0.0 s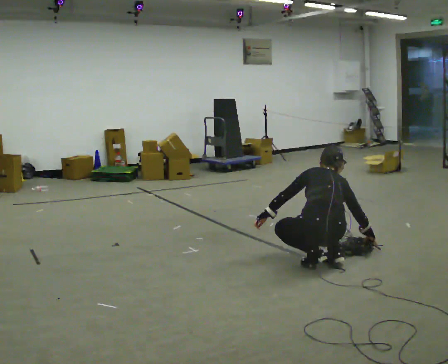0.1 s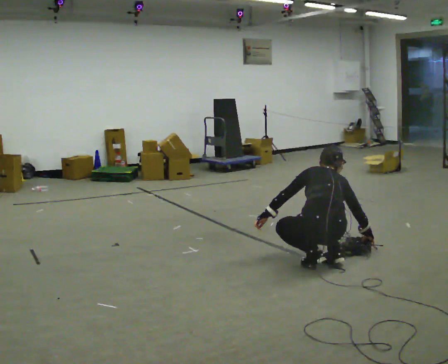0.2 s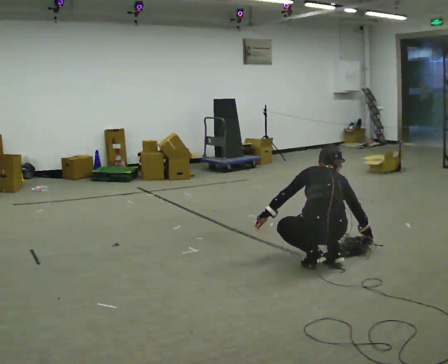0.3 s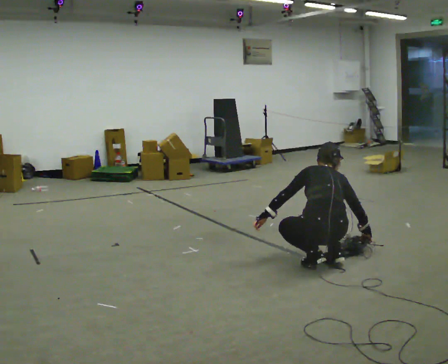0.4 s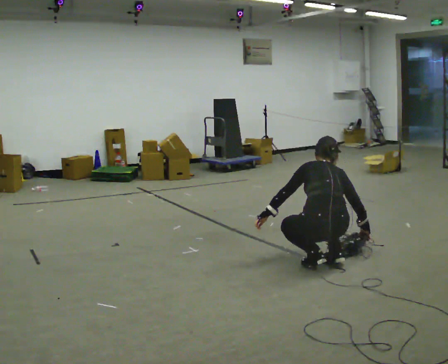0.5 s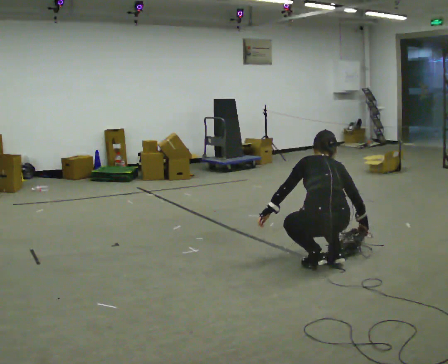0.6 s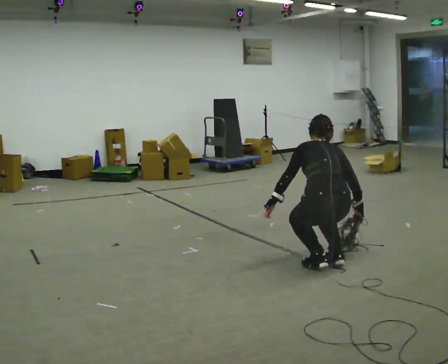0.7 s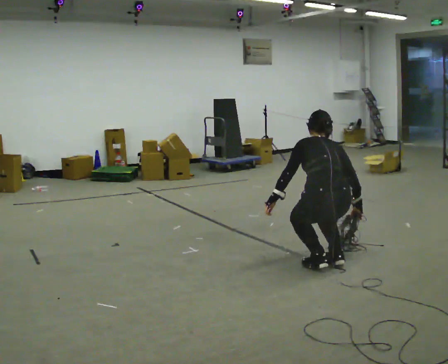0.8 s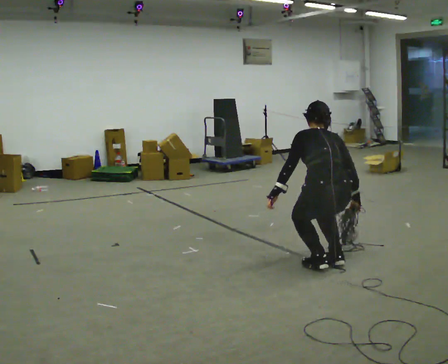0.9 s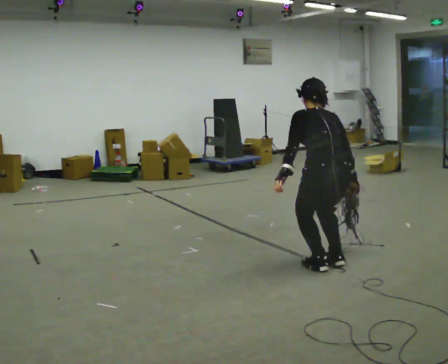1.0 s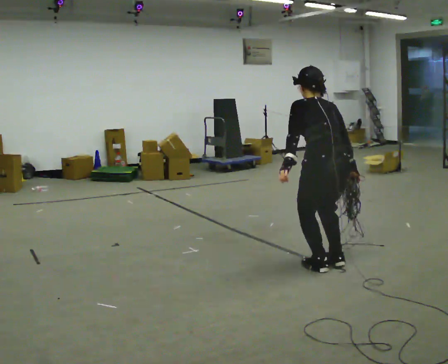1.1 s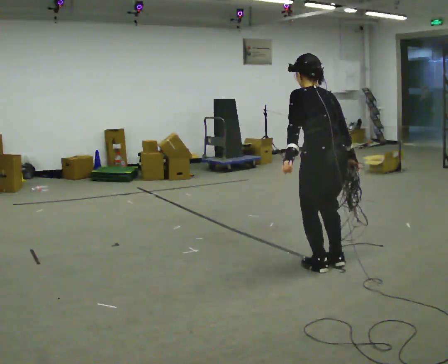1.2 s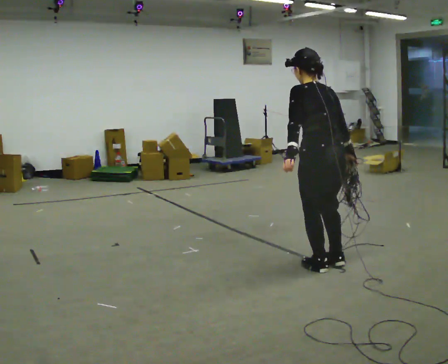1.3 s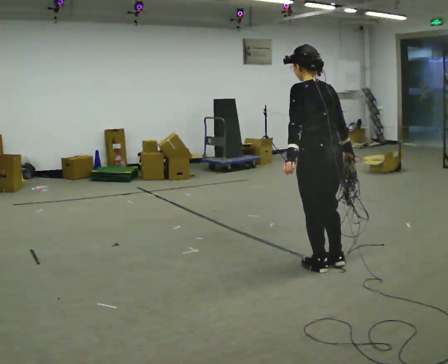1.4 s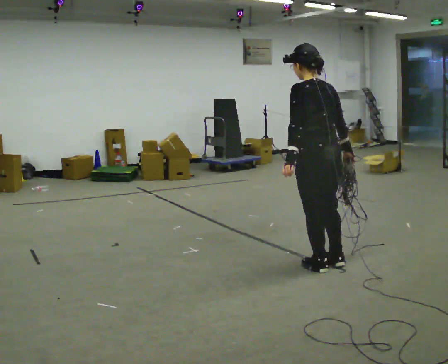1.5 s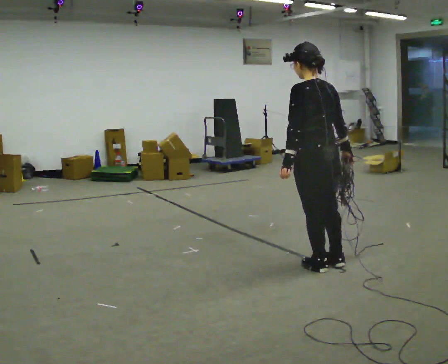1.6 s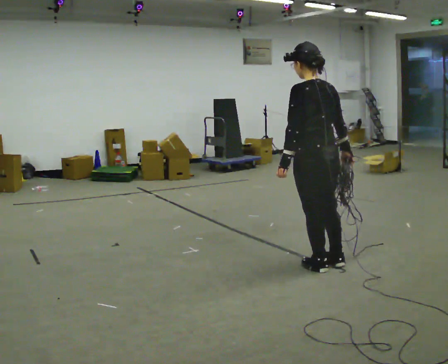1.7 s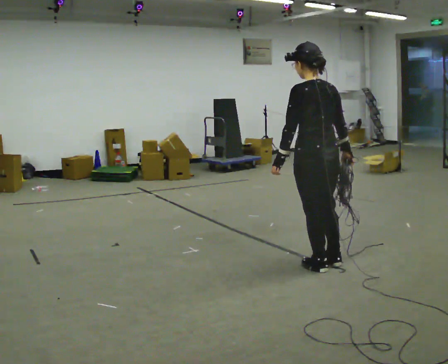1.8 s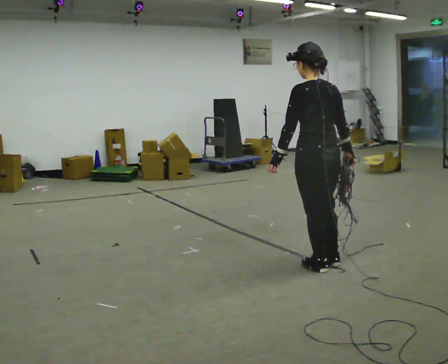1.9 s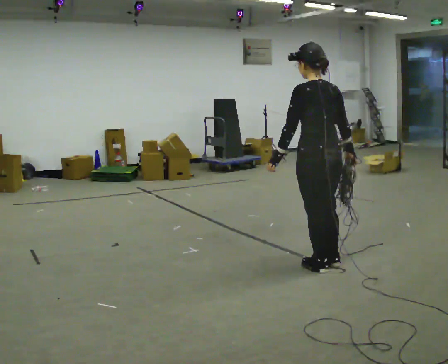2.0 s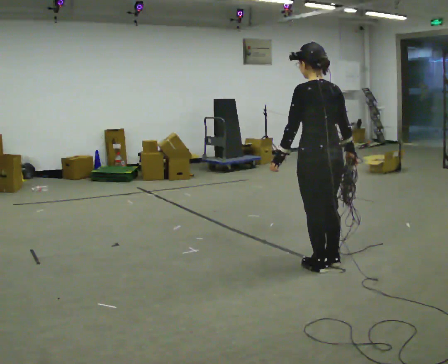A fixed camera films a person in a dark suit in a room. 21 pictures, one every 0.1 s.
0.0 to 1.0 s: The shoulders move upward. The upper body tips toward the camera, its near side rolling downward, as they lean back or straighten. In the picture their left hand goes upward.
1.0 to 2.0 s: The upper body tips toward the camera, its near side rolling downward, as they lean back or straighten.
The film runs forward here.
